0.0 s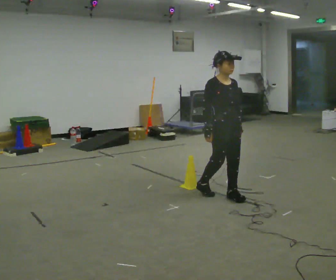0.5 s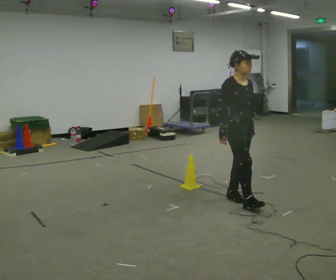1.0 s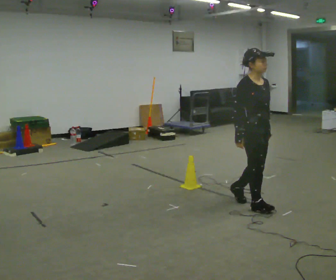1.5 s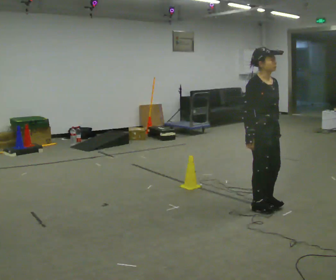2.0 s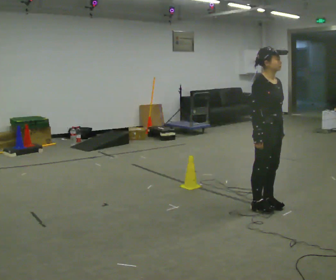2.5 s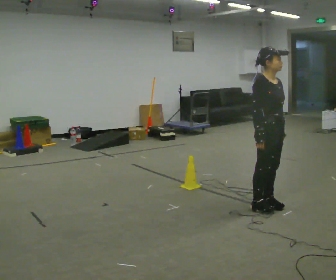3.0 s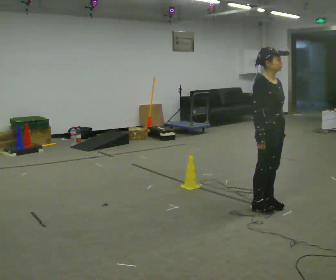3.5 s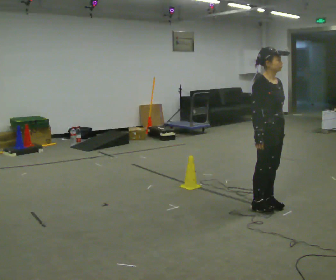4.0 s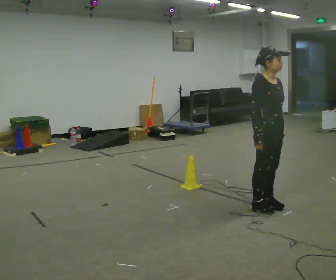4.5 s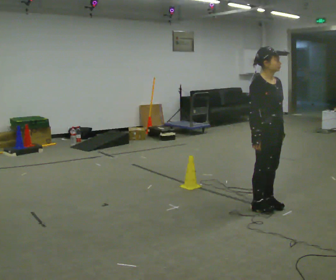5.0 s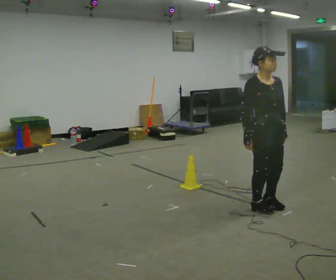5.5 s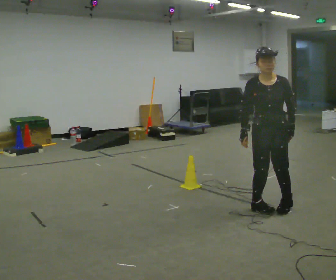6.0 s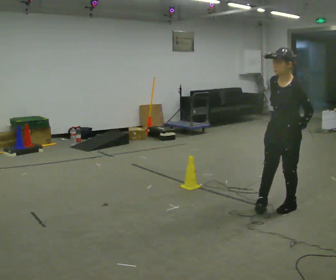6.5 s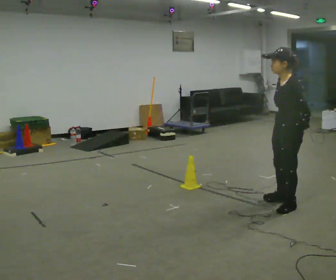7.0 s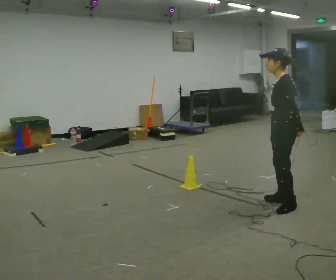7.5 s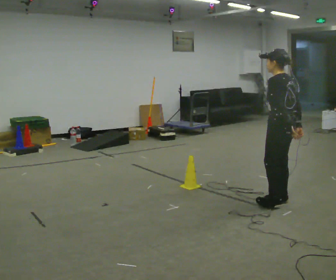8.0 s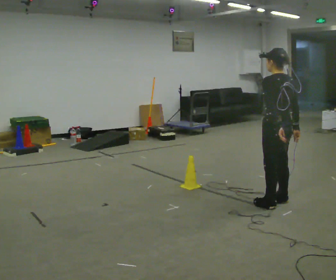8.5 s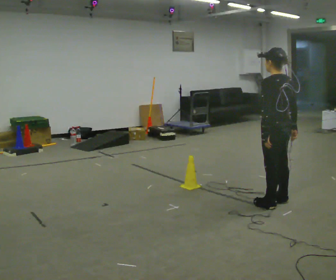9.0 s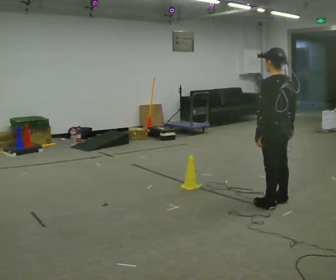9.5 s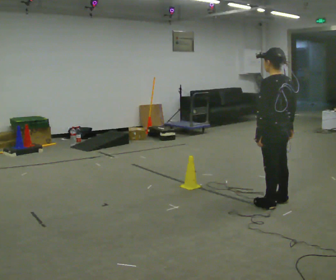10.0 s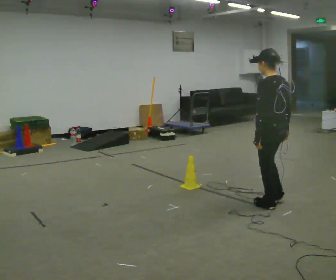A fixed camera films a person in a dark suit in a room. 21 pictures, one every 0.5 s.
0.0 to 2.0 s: In the picture they go to the right and toward the camera, about 0.5 m in 2 steps, which for them is forward.
2.0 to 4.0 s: The person keeps their place and pose.
4.0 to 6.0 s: Seen from above the body turns clockwise, about 105 degrees: to their right, with its near side sliding to the left. In the picture they go to the right, about 0.25 m in 1 step.
6.0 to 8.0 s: Seen from above the body turns clockwise, about 90 degrees: to their right, with its near side sliding to the left.
8.0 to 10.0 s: The person moves a little, or ends about where they began.
The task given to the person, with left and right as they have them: Walk across the room at a normal pace, looking ahead. Something may appear in your way. Deal with it however comes naturally and carry on.
The film runs forward here.
